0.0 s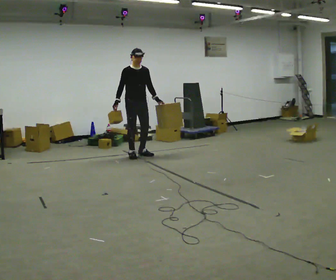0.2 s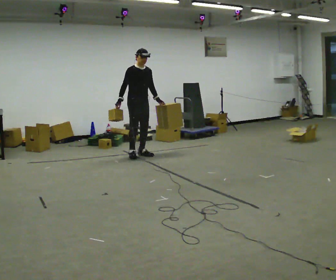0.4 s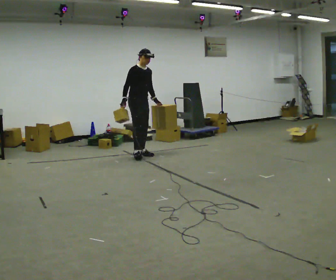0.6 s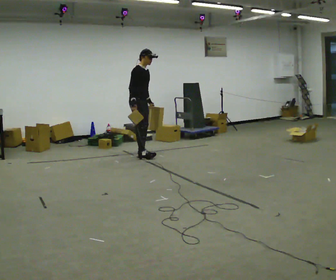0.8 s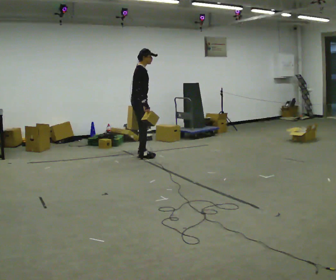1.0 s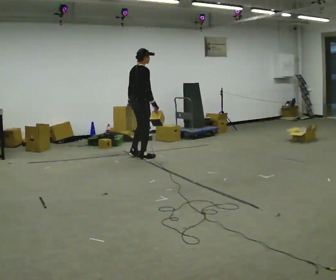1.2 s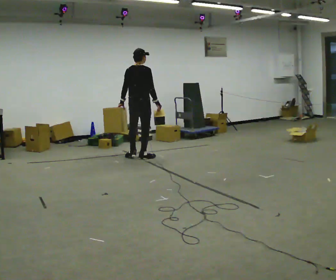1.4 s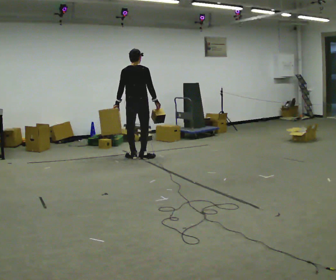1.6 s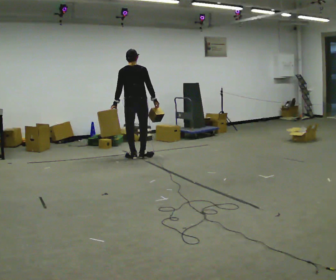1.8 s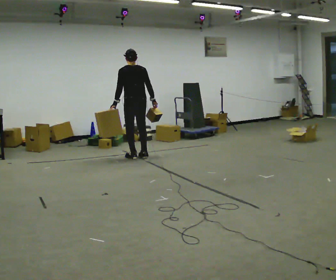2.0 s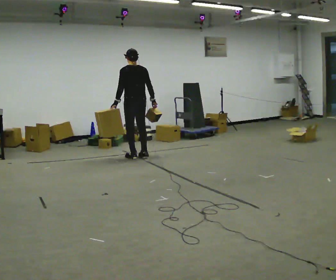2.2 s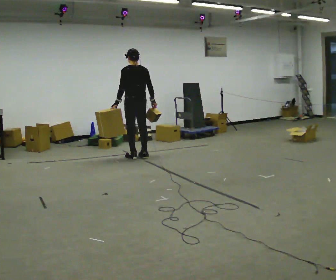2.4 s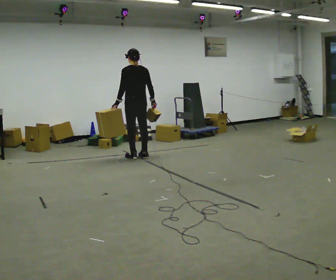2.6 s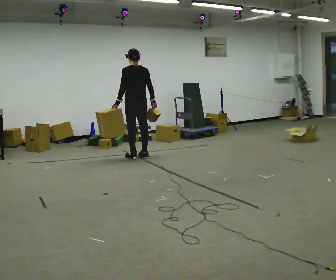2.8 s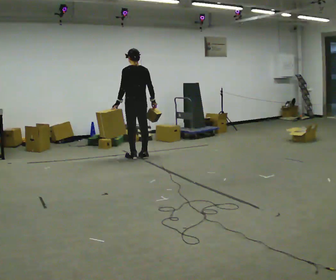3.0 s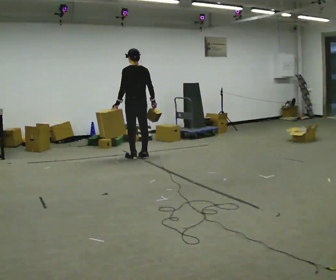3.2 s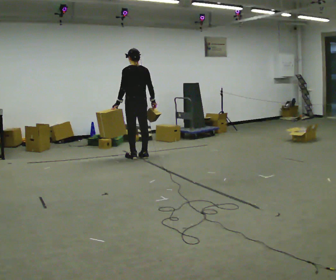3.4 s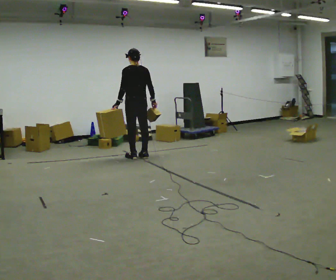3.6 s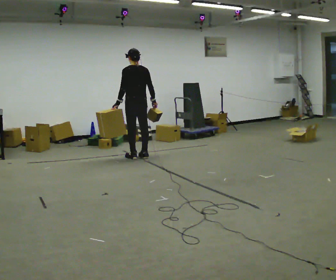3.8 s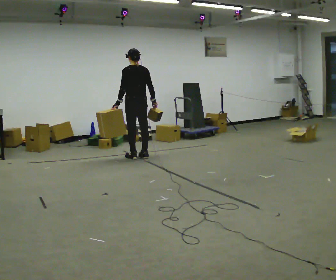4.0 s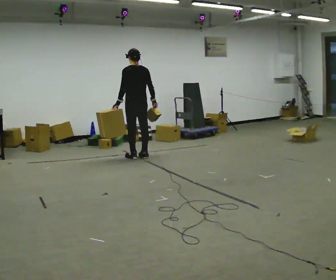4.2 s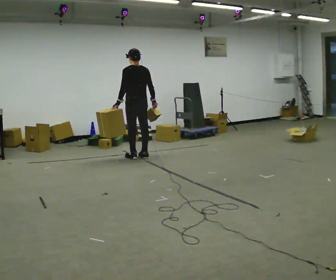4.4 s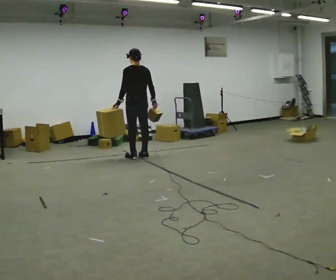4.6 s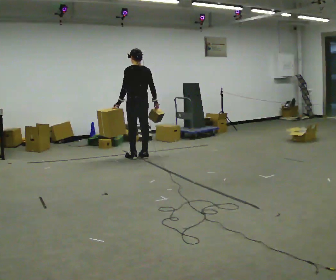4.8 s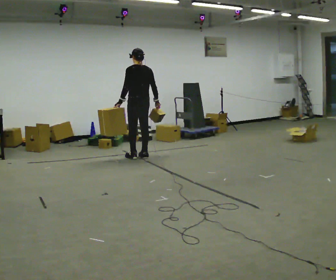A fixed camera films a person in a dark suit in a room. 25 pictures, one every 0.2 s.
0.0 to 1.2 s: The part of the body nearest the lens slides to the right as the person turns to their left by about 120 degrees. In the picture they go toward the camera, about 0.25 m in 2 steps. In the picture their left hand goes to the left, the arm swinging clockwise.
1.2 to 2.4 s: The person turns about 60 degrees to their left, counterclockwise seen from above, so the part of the body nearest the lens slides to the right.
2.4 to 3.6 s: The person keeps their place and pose.
3.6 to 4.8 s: The person moves a little, or ends about where they began.
The film runs backward here.
